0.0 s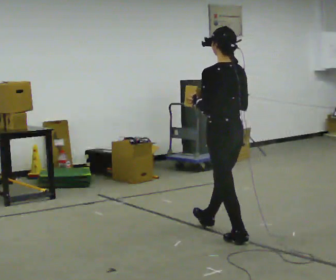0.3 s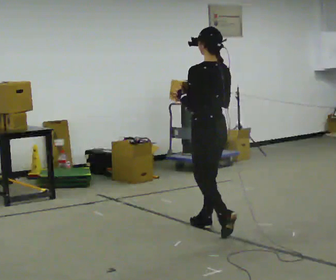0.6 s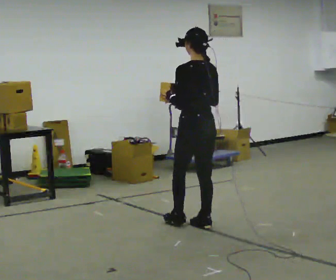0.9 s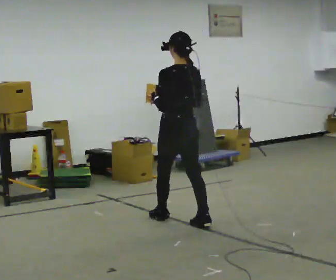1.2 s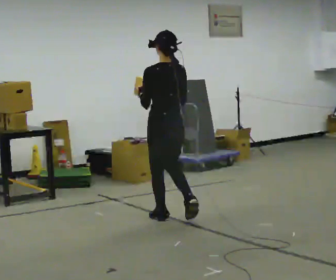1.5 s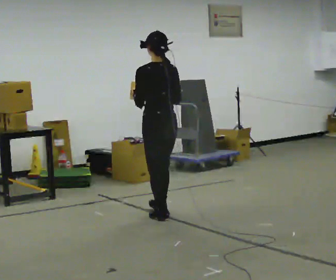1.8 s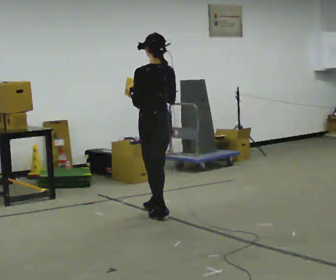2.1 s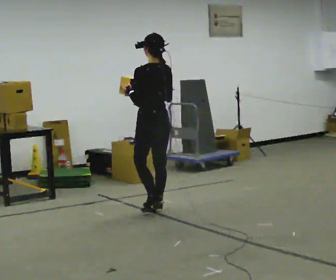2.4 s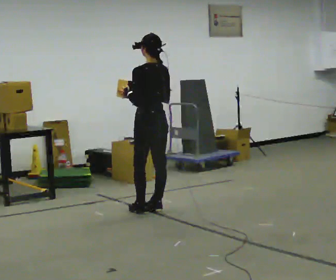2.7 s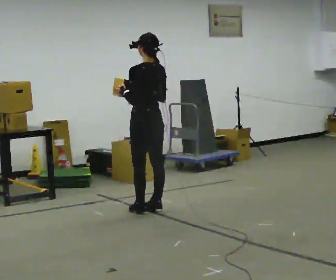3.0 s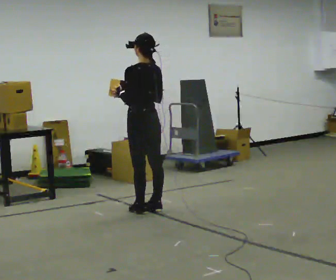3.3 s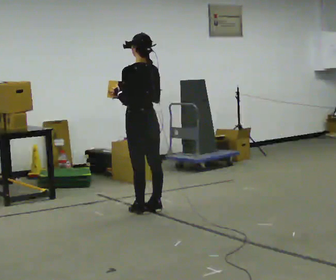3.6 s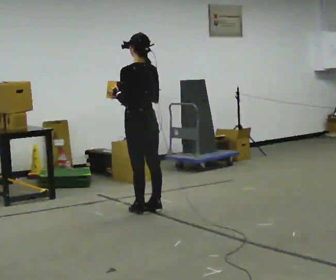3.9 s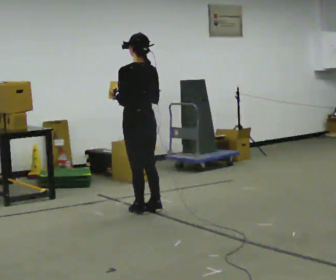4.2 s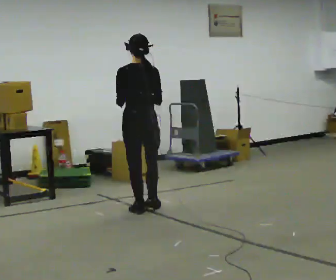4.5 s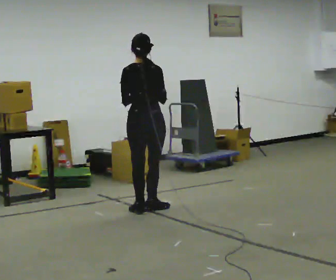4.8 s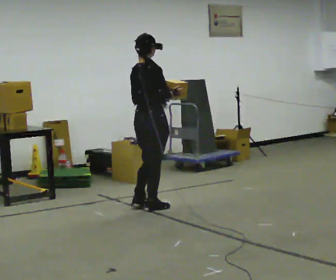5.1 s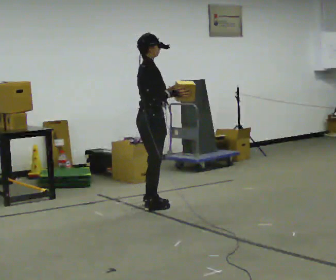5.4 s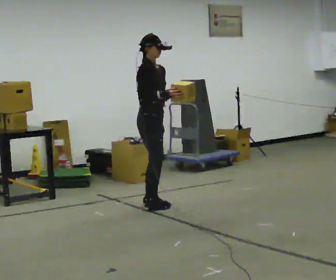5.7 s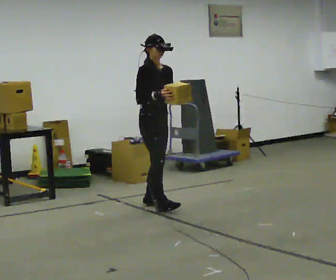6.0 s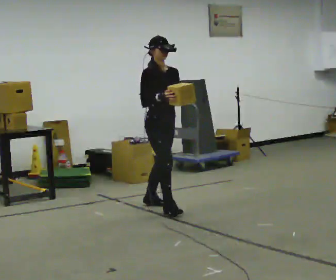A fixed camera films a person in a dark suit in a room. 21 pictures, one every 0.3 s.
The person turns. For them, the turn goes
to their right.
The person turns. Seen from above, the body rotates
clockwise.
0.0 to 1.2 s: In the picture they go away from the camera and to the left, about 0.5 m in 2 steps, which for them is forward.
1.2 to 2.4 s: In the picture they go away from the camera, about 0.5 m in 2 steps, which for them is forward.
2.4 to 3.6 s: The person moves a little, or ends about where they began.
3.6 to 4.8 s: Seen from above the body turns clockwise, about 90 degrees: to their right, with its near side sliding to the left.
4.8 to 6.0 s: The part of the body nearest the lens slides to the left as the person turns to their right by about 90 degrees.
The film runs forward here.
